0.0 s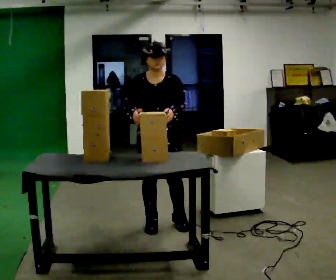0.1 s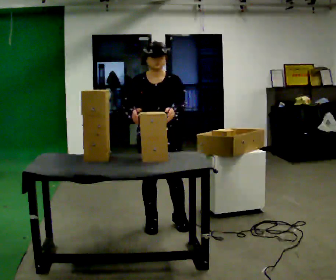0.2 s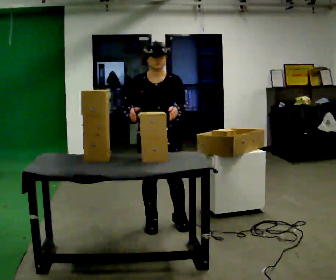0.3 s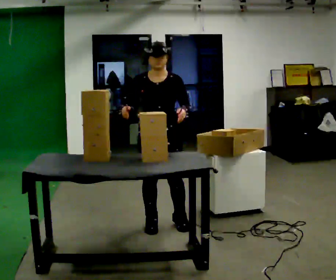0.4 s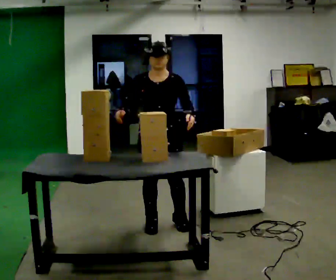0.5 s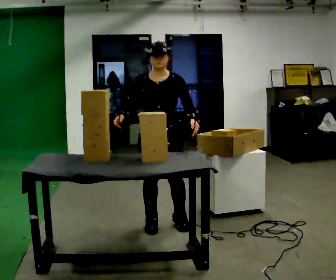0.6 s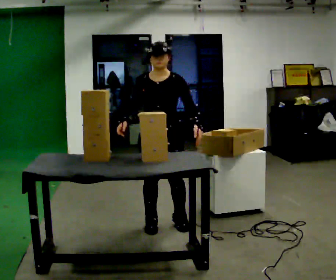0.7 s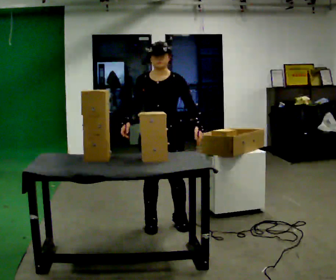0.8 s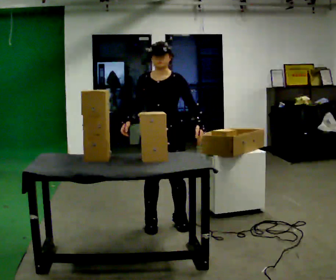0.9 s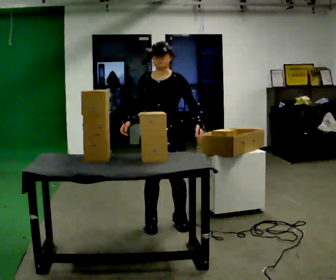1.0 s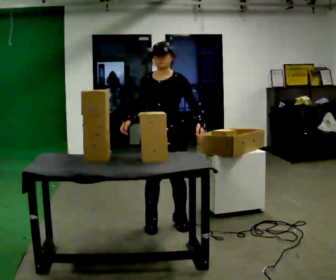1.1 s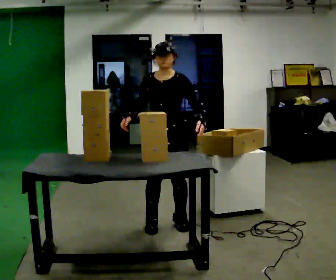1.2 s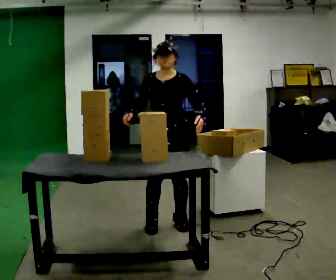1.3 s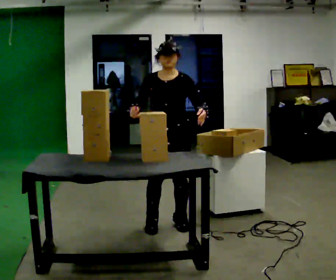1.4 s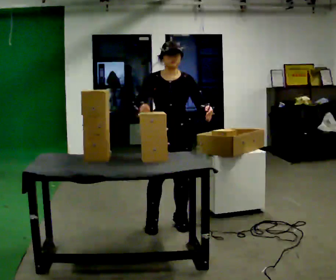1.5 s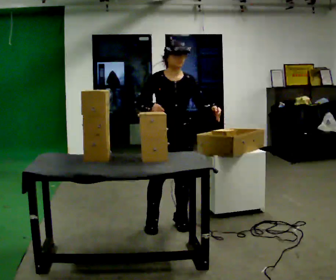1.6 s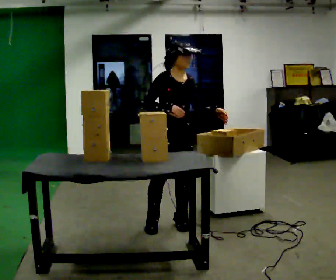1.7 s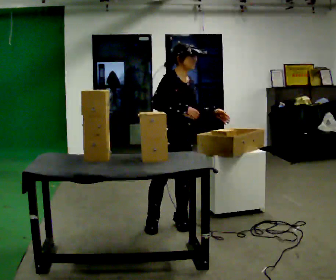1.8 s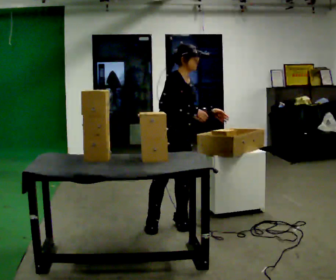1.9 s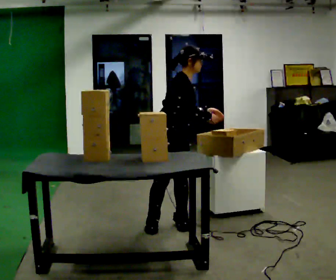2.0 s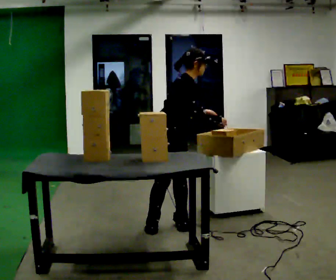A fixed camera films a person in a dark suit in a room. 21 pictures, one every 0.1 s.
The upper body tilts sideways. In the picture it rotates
clockwise.
0.0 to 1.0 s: The person moves a little, or ends about where they began.
1.0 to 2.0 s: The part of the body nearest the lens slides to the right as the person turns to their left by about 90 degrees. In the picture the upper body tilts clockwise, shoulders to the right, as they bend forward. In the picture their right hand goes to the right.
The film runs backward here.
